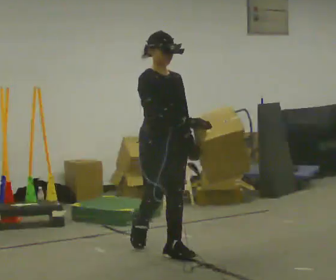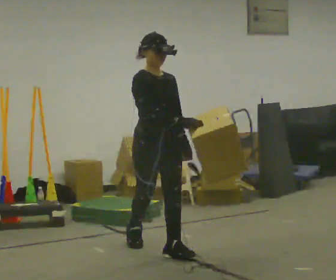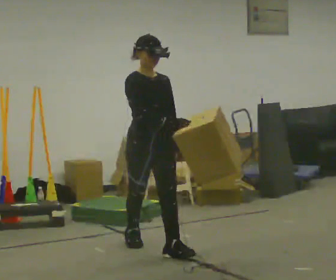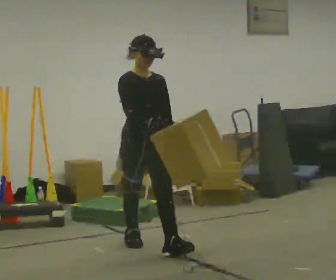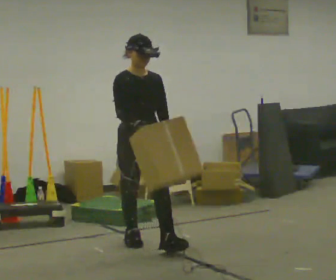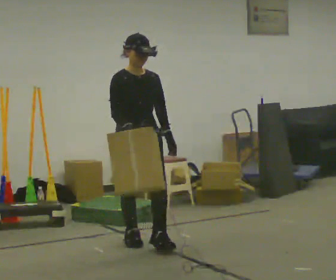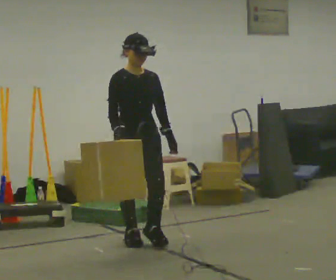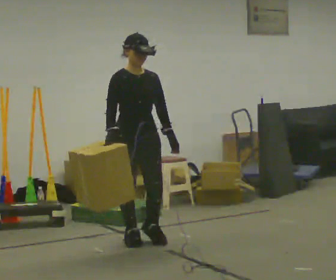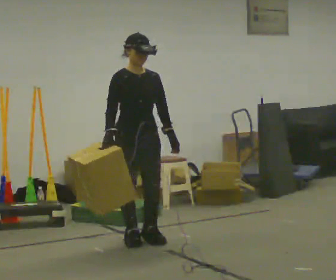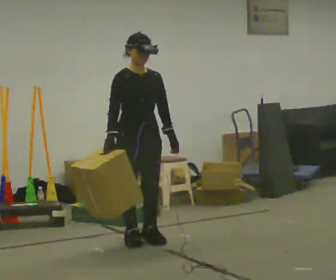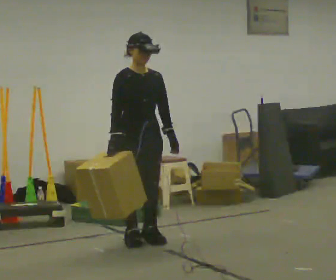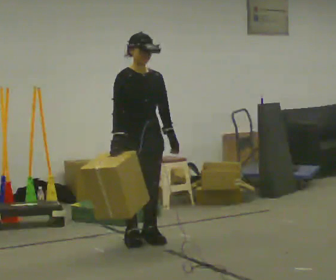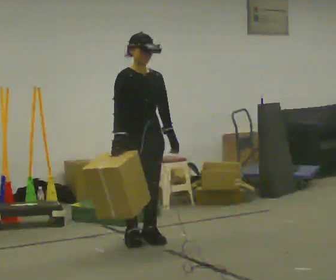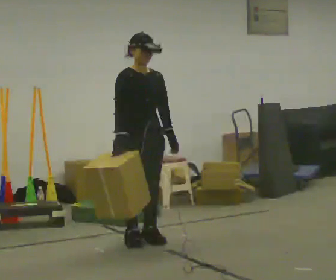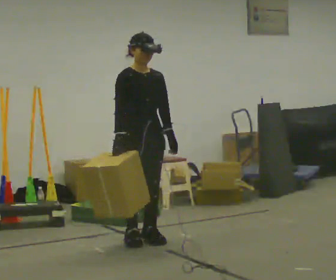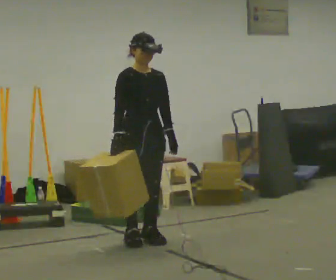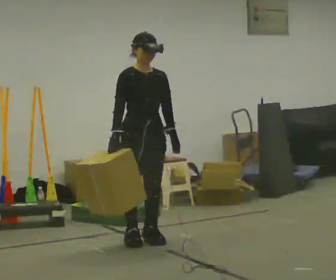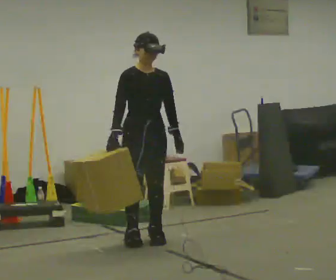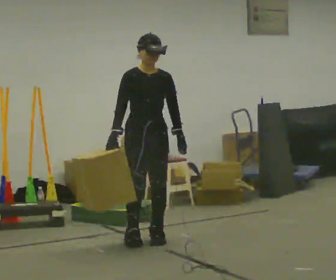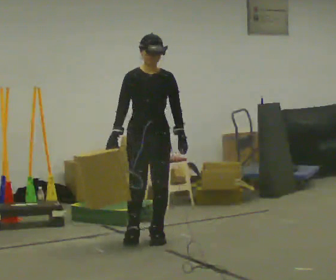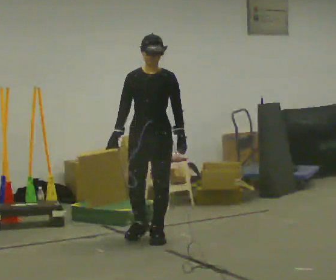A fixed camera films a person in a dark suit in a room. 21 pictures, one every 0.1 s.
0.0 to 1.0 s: In the picture they go away from the camera and to the left, about 0.5 m in 1 step, which for them is backward.
1.0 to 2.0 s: The person moves a little, or ends about where they began.
The film runs backward here.
